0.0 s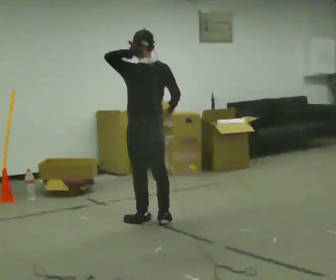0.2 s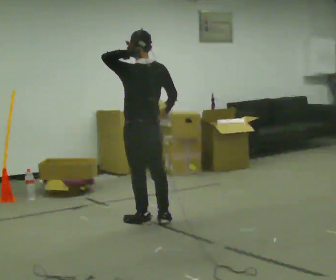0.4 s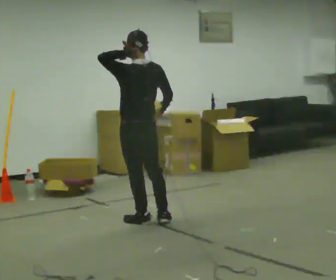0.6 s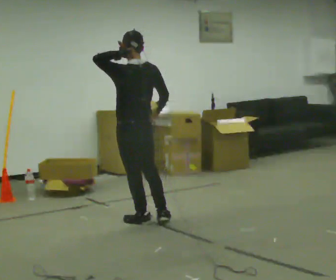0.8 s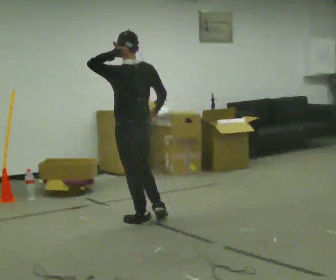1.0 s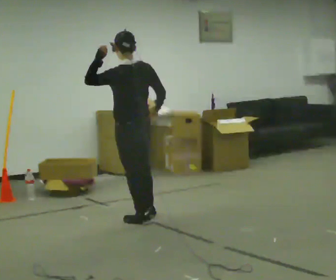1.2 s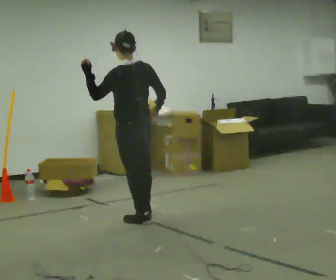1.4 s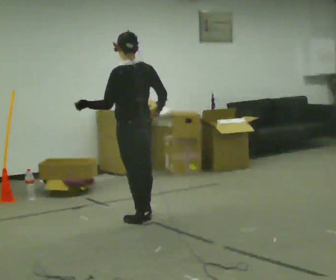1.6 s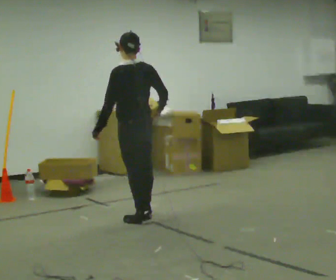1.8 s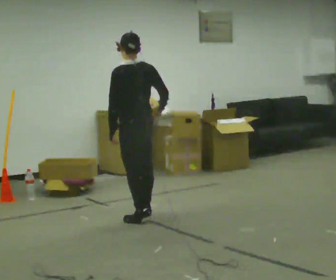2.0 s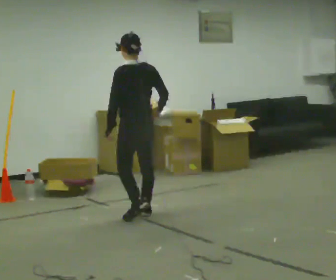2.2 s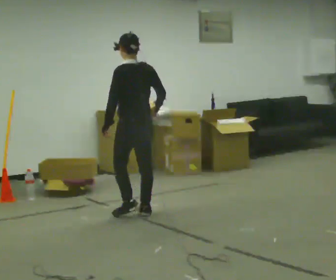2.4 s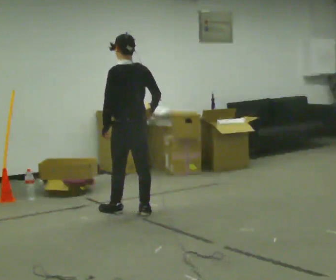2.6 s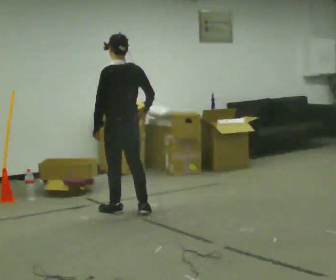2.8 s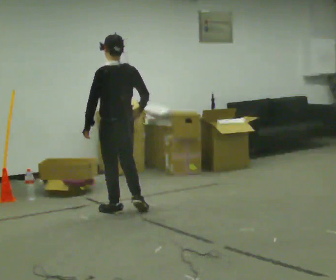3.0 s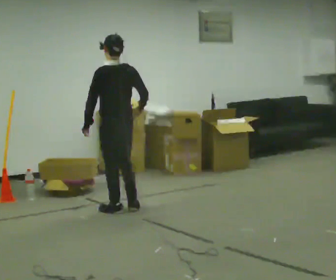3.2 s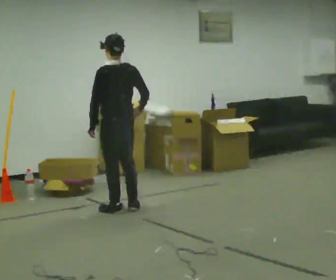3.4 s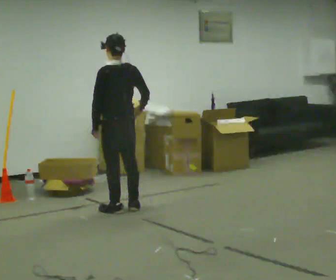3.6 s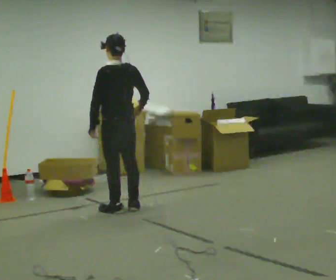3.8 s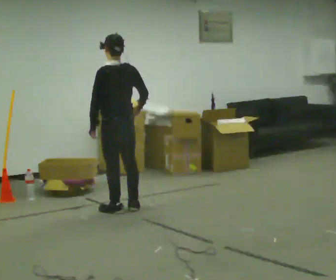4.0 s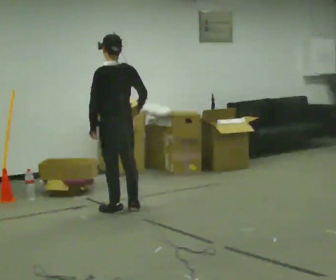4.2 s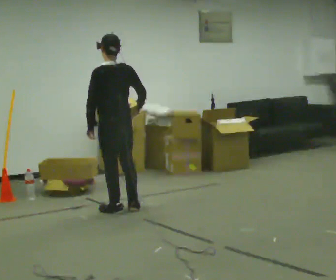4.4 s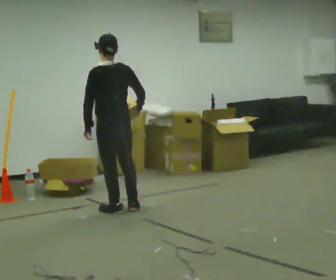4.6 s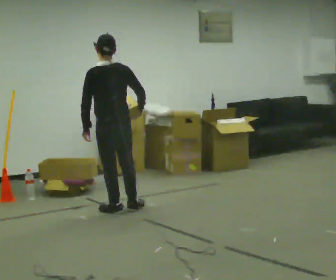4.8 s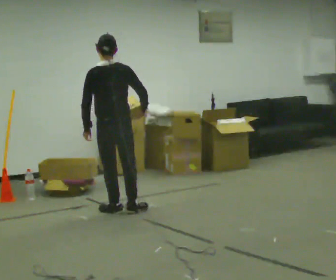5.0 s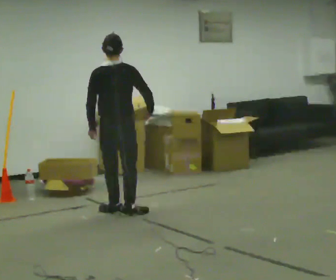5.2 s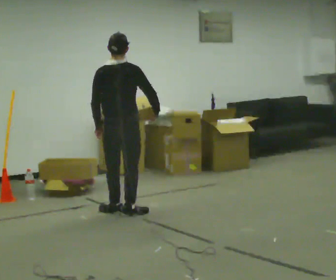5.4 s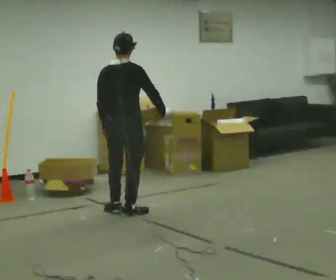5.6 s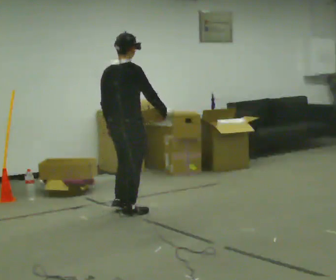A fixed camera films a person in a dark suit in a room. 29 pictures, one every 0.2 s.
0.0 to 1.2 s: In the picture their left hand goes to the left.
1.2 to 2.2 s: In the picture they go away from the camera, about 0.25 m, which for them is forward and to their right. In the picture their left hand goes downward, the arm swinging counterclockwise.
2.2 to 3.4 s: In the picture they go away from the camera, about 0.25 m in 2 steps, which for them is forward.
3.4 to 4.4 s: The person moves a little, or ends about where they began.
4.4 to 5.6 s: The person turns about 60 degrees to their right, clockwise seen from above, so the part of the body nearest the lens slides to the left.
The film runs forward here.
